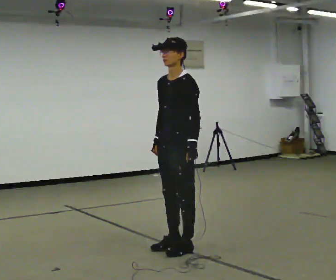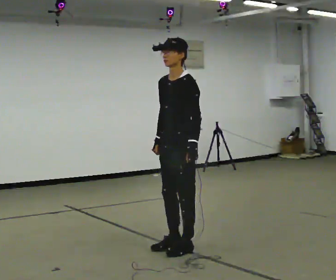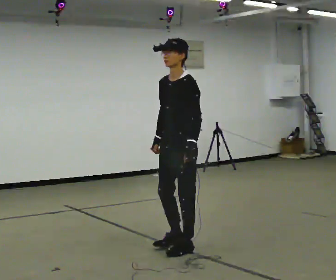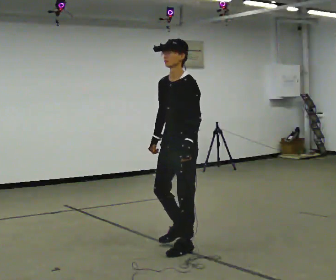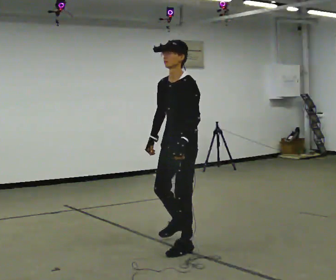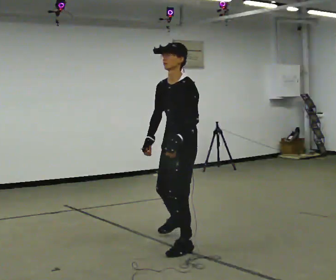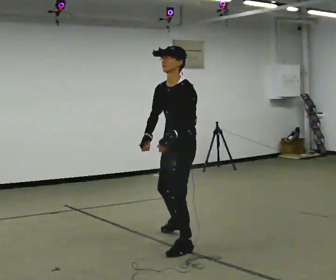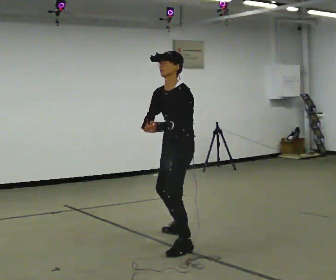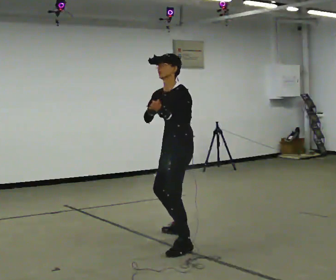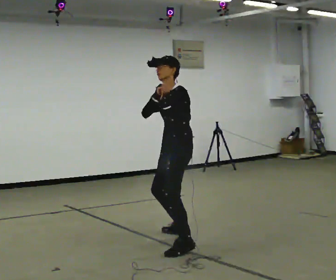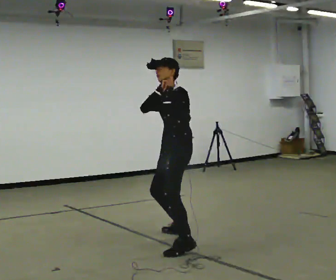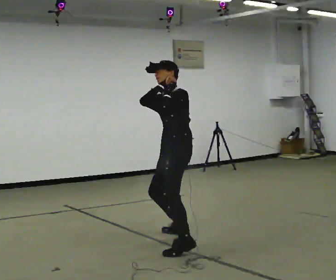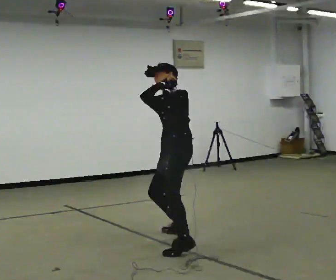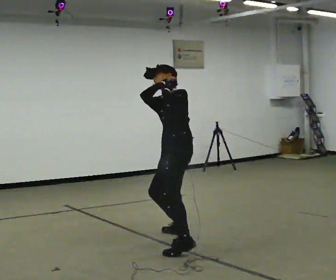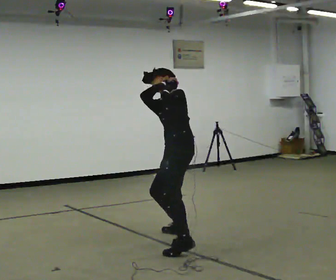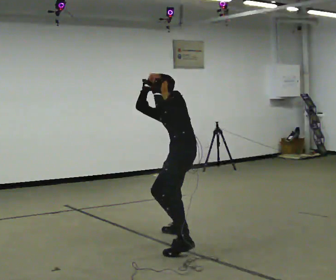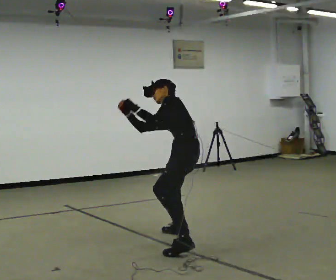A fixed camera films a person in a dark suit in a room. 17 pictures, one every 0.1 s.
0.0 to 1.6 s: Seen from above the body turns clockwise, about 45 degrees: to their right, with its near side sliding to the left. In the picture they go away from the camera, about 0.25 m in 2 steps, which for them is to their right and backward. The shoulders move downward. The upper body tips away from the camera, its near side rolling upward.
The film runs backward here.
